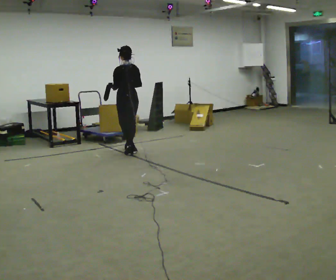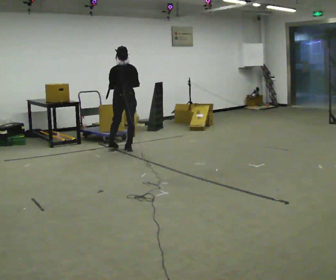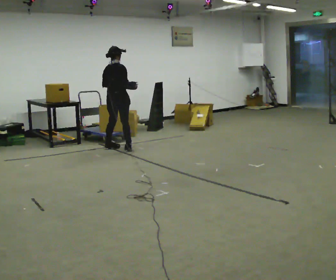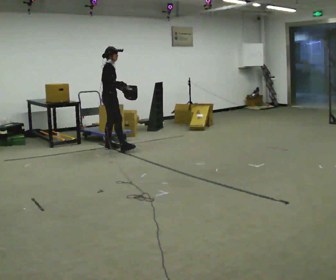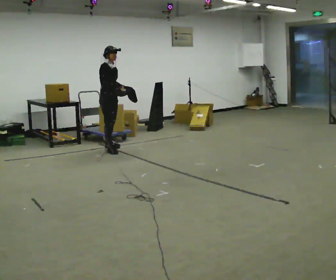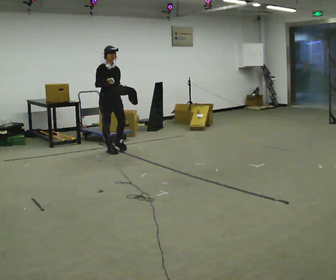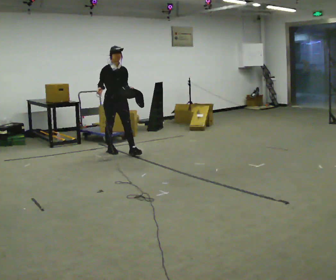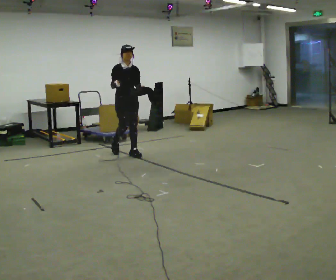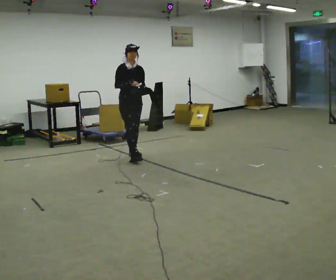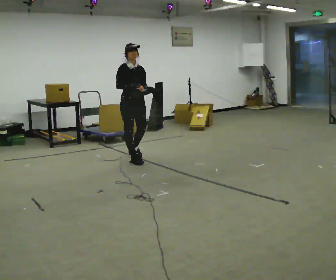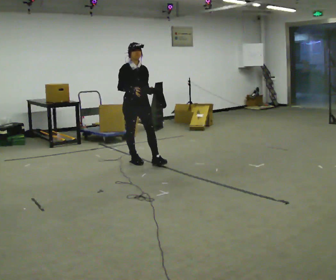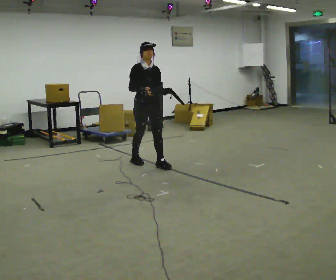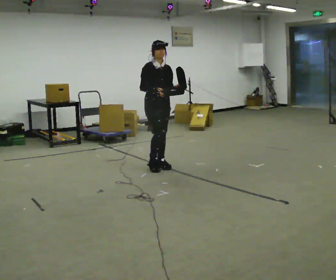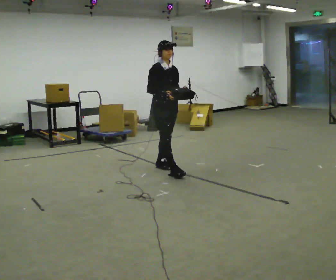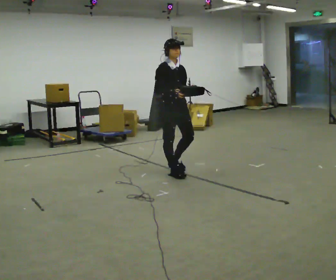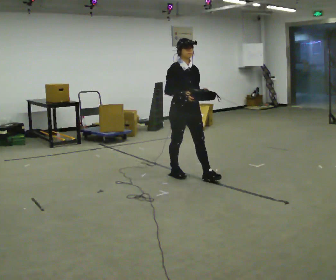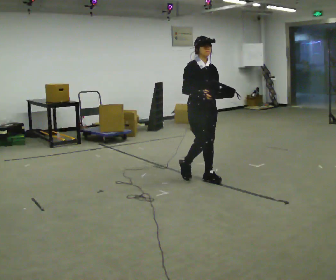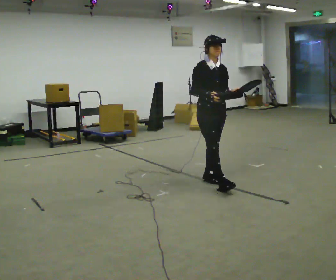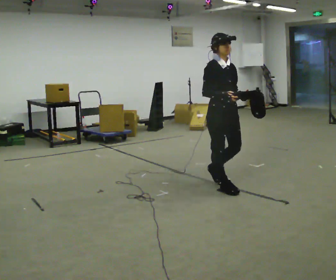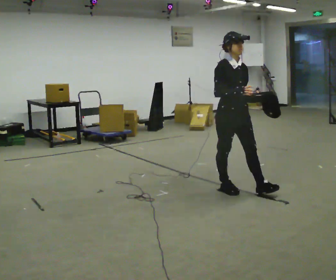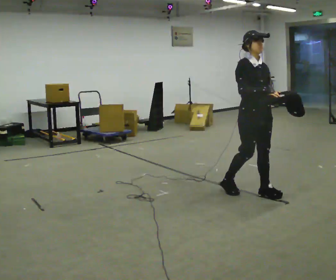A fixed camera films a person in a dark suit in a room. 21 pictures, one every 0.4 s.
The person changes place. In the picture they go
toward the camera.
0.0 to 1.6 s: Seen from above the body turns clockwise, about 150 degrees: to their right, with its near side sliding to the left. In the picture they go to the left, about 0.25 m in 2 steps.
1.6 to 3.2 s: The person turns about 30 degrees to their right, clockwise seen from above, so the part of the body nearest the lens slides to the left. In the picture they go toward the camera and to the right, about 0.5 m in 1 step, which for them is forward.
3.2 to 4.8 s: In the picture they go toward the camera and to the right, about 0.5 m in 2 steps, which for them is forward.
4.8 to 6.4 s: In the picture they go toward the camera and to the right, about 1 m in 2 steps, which for them is forward.
6.4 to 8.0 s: In the picture they go toward the camera and to the right, about 1 m in 2 steps, which for them is forward.
The film runs forward here.
